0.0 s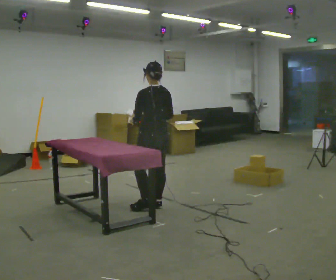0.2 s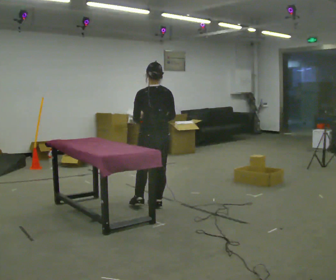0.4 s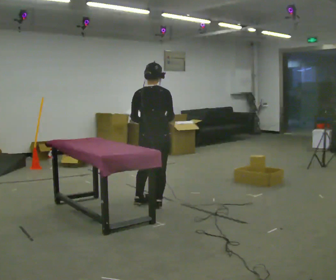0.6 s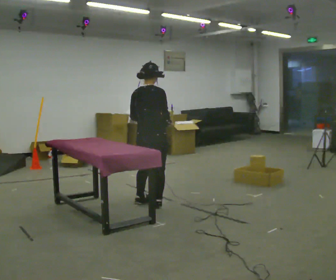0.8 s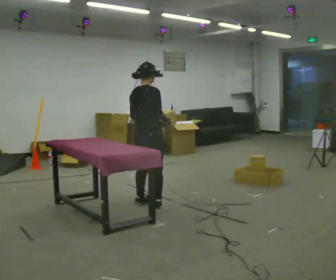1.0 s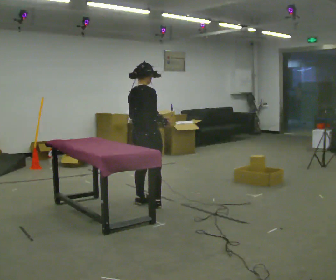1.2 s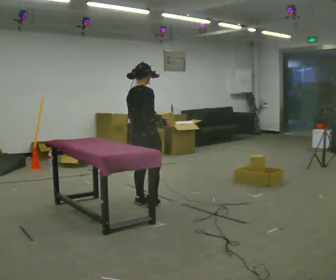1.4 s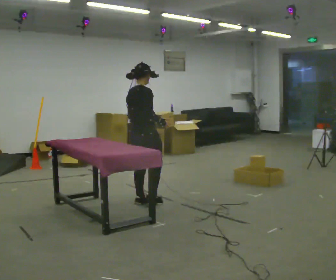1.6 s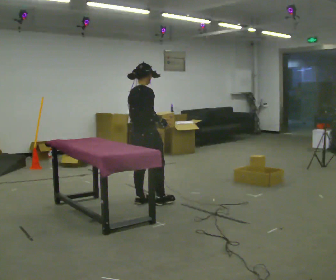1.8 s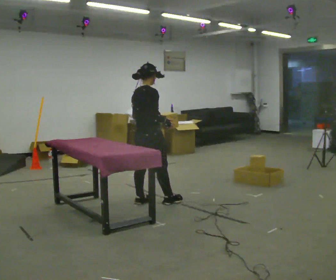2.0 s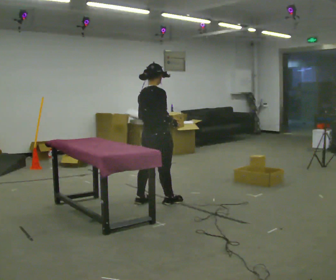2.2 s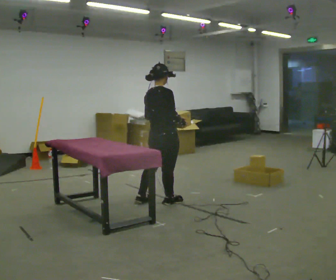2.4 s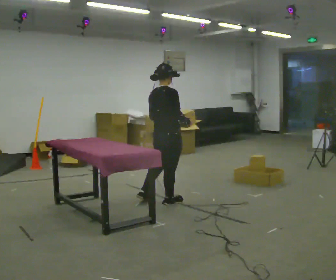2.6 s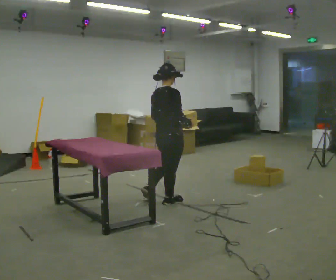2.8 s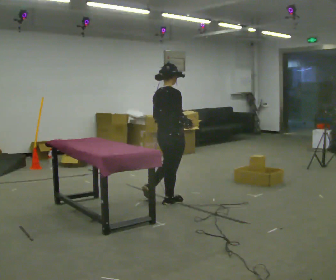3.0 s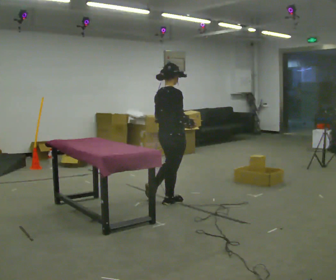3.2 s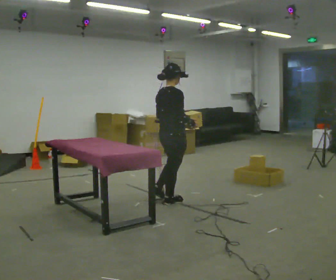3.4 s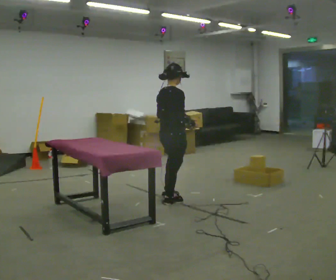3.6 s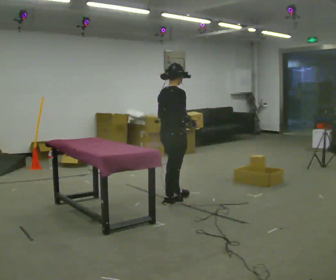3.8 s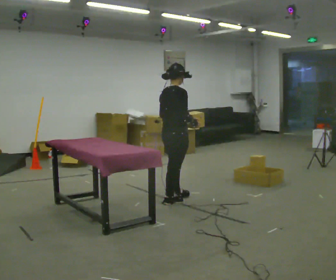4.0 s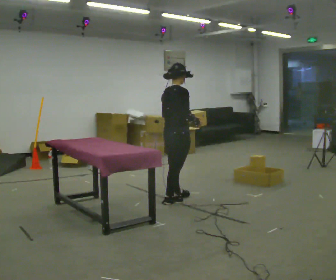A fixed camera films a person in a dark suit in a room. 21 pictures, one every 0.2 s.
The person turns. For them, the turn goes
to their right.
The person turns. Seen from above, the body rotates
clockwise.
0.0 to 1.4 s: The person turns about 90 degrees to their right, clockwise seen from above, so the part of the body nearest the lens slides to the left. In the picture they go away from the camera, about 0.25 m in 1 step.
1.4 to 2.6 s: In the picture they go to the right, about 0.25 m in 1 step, which for them is forward and to their right.
2.6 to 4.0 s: The person moves a little, or ends about where they began.
The film runs forward here.
